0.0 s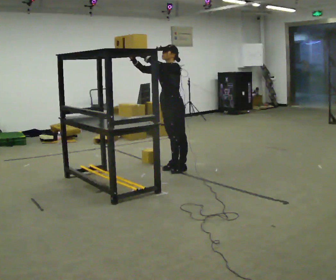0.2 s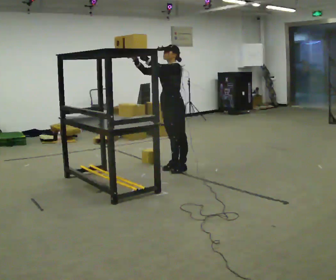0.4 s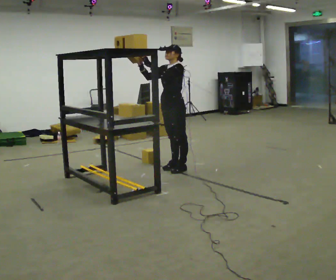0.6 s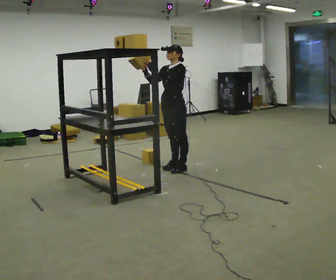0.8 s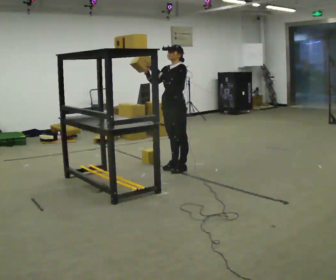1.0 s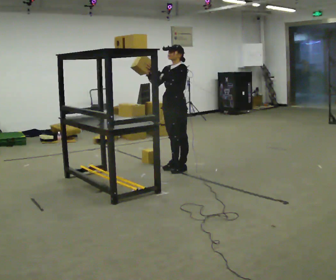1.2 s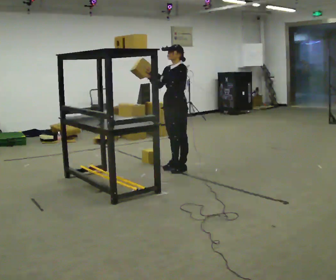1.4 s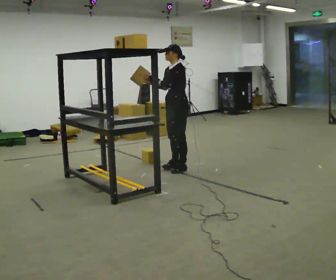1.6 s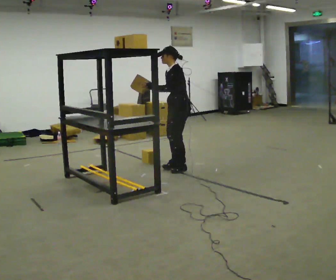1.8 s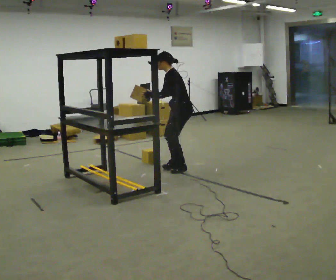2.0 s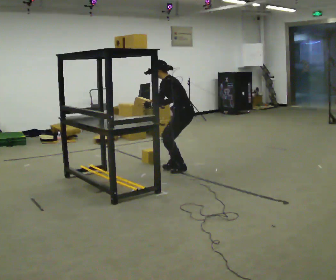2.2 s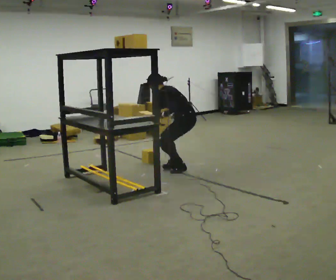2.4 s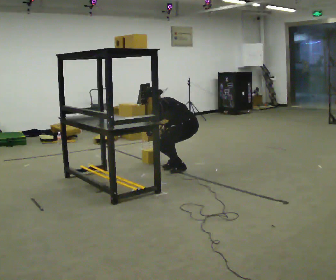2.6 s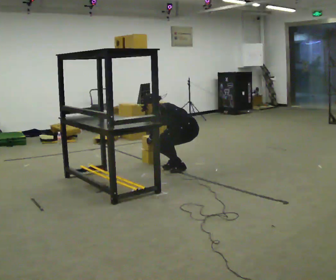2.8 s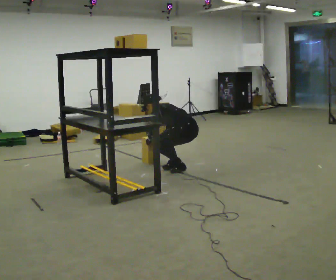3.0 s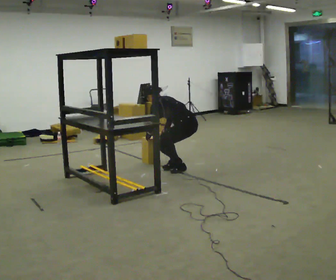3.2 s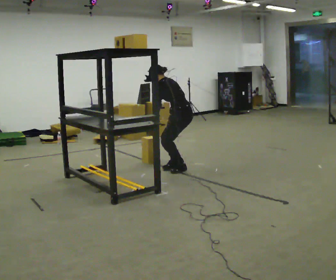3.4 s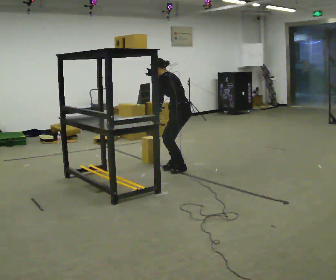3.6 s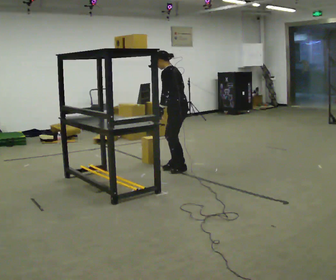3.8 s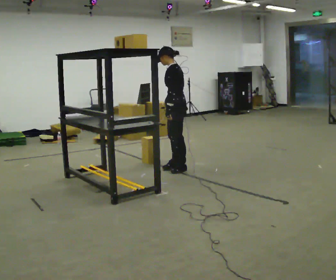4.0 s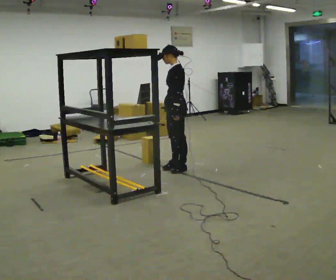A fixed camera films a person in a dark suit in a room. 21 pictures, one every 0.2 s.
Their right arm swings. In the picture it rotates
counterclockwise.
0.0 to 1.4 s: The person moves a little, or ends about where they began.
1.4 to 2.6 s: Seen from above the body turns clockwise, about 45 degrees: to their right, with its near side sliding to the left. The upper body goes downward. In the picture the upper body tilts counterclockwise, shoulders to the left, as they bend forward. In the picture their right hand goes downward, the arm swinging counterclockwise.
2.6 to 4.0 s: The part of the body nearest the lens slides to the right as the person turns to their left by about 30 degrees. The shoulders move upward. In the picture the upper body tilts clockwise, shoulders to the right, as they lean back or straighten. In the picture their left hand goes upward and to the right.
The film runs backward here.
